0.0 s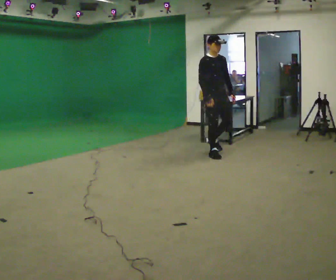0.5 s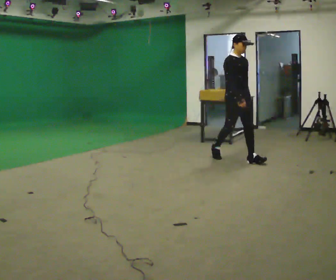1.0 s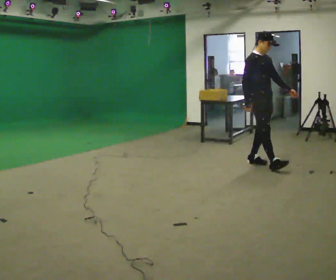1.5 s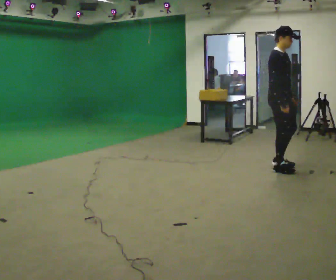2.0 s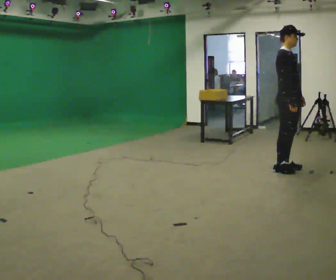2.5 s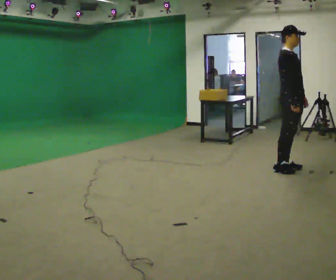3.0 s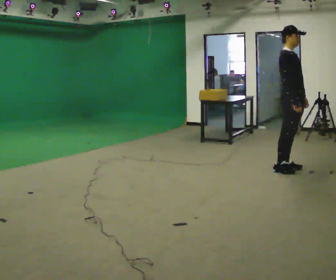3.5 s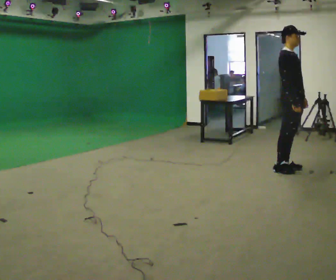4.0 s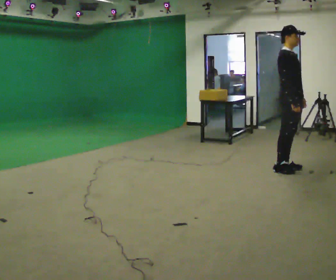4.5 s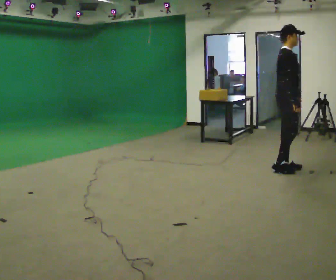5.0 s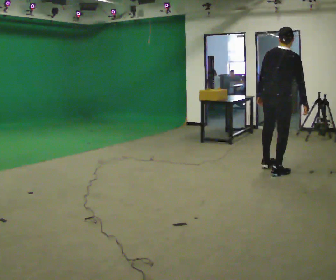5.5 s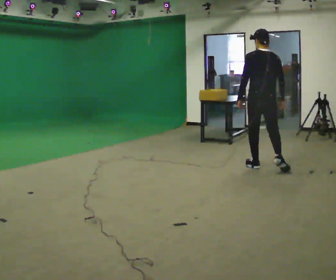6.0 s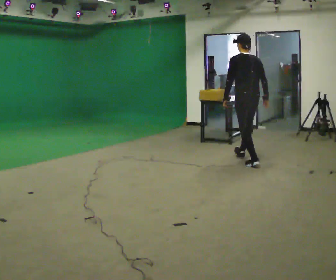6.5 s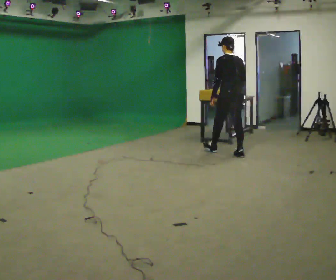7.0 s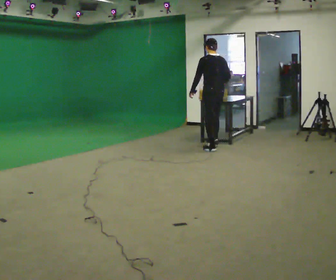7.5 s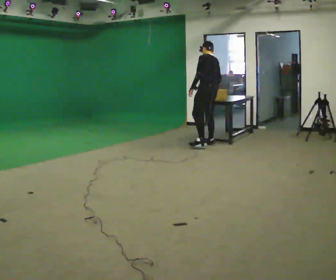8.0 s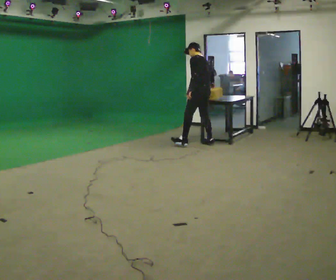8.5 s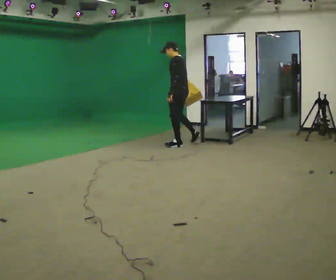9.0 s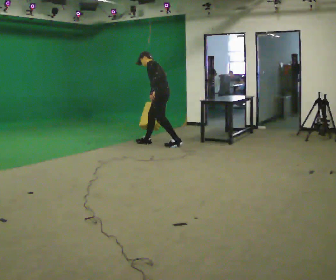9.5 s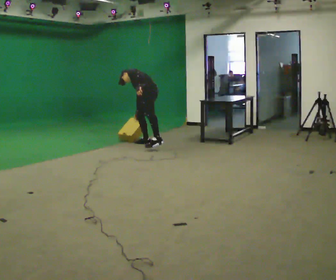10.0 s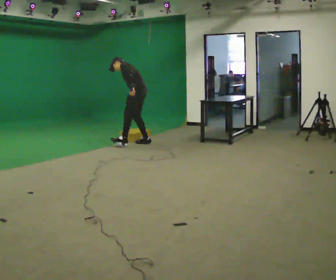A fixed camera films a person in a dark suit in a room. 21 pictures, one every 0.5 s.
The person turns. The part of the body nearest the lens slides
to the right.
The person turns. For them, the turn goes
to their left.
0.0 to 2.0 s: The part of the body nearest the lens slides to the right as the person turns to their left by about 30 degrees. In the picture they go to the right and toward the camera, about 1.5 m in 3 steps, which for them is forward.
2.0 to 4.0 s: The person moves a little, or ends about where they began.
4.0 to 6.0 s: The person turns about 135 degrees to their left, counterclockwise seen from above, so the part of the body nearest the lens slides to the right. In the picture they go to the left and away from the camera, about 0.5 m in 3 steps.
6.0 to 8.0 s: The part of the body nearest the lens slides to the right as the person turns to their left by about 30 degrees. In the picture they go away from the camera and to the left, about 1.5 m in 2 steps, which for them is forward.
8.0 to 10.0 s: Seen from above the body turns counterclockwise, about 30 degrees: to their left, with its near side sliding to the right. In the picture they go to the left, about 1 m in 2 steps, which for them is forward. In the picture their right hand goes downward.
The film runs forward here.
